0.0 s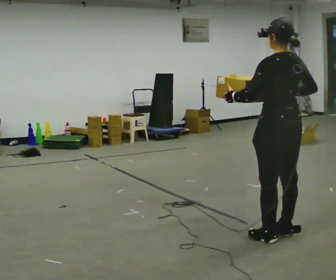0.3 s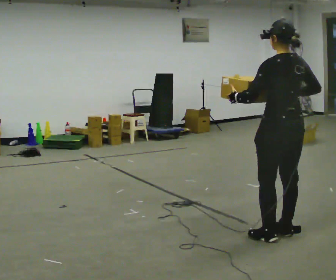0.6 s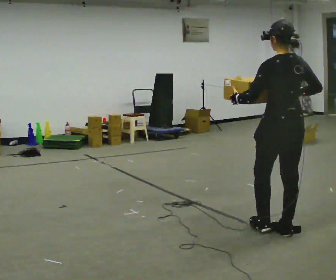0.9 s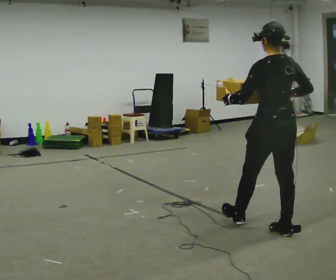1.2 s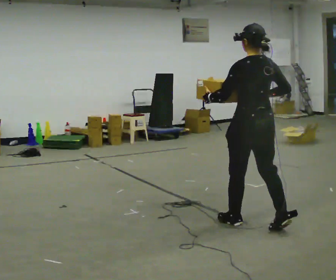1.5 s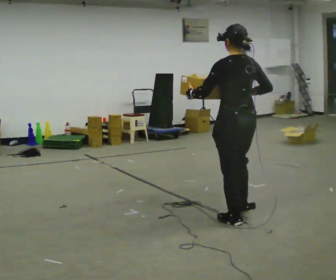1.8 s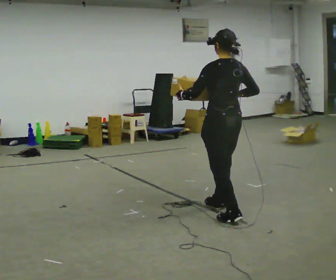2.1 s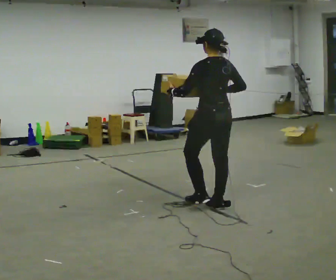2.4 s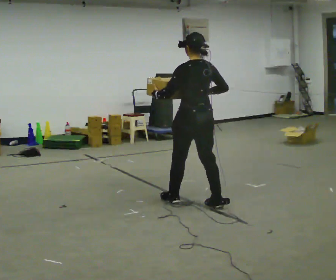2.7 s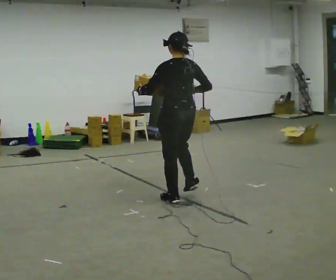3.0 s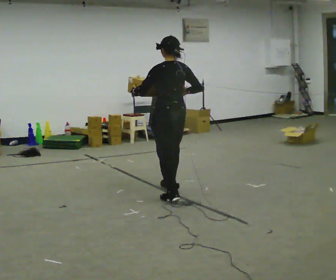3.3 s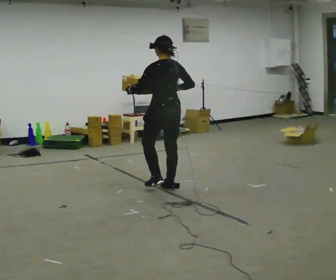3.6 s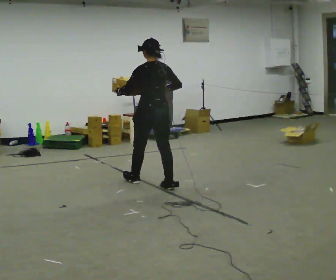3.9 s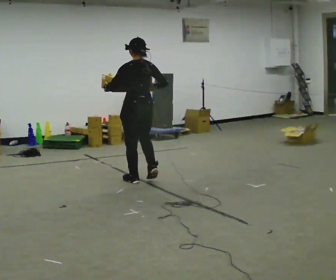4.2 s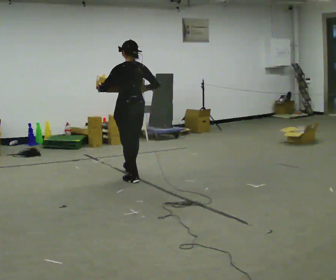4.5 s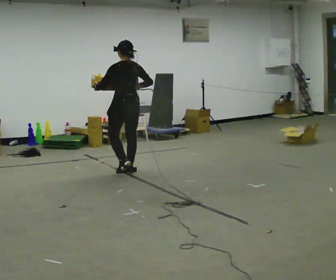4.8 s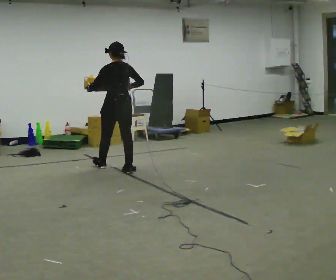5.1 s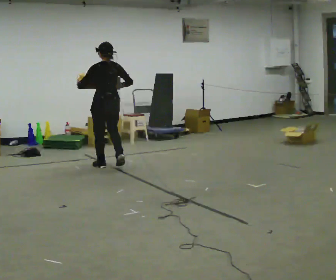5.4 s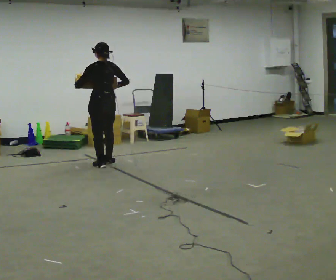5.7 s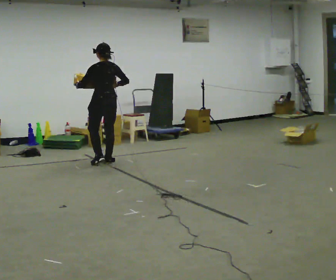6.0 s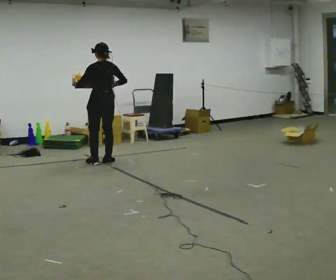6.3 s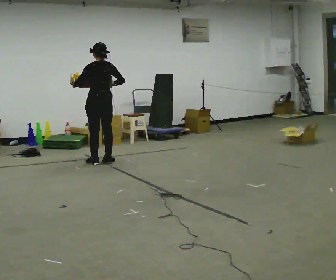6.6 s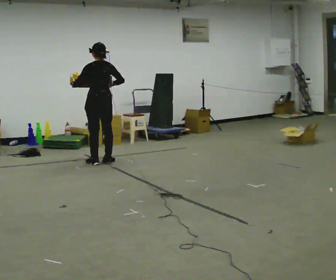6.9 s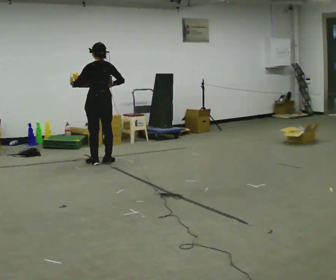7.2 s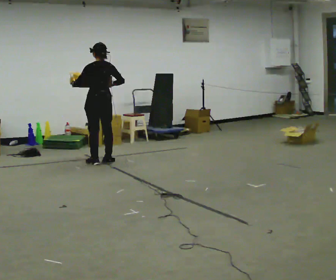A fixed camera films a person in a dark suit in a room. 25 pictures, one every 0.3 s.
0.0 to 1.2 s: In the picture they go away from the camera, about 0.25 m in 1 step, which for them is forward.
1.2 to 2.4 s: In the picture they go away from the camera and to the left, about 1 m in 2 steps, which for them is forward.
2.4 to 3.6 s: In the picture they go away from the camera and to the left, about 1 m in 2 steps, which for them is forward.
3.6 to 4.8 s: In the picture they go away from the camera and to the left, about 1 m in 1 step, which for them is forward.
4.8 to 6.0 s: In the picture they go away from the camera and to the left, about 0.5 m in 3 steps, which for them is forward.
6.0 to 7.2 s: The person moves a little, or ends about where they began.
The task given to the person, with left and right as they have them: Carry the medium box in both hands in front of you, walking back and forth across the room. Keep walking until the operator says stop.
The film runs forward here.
